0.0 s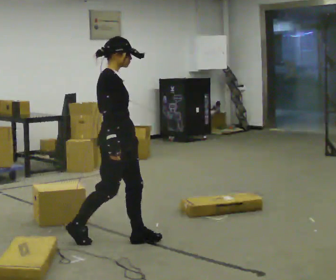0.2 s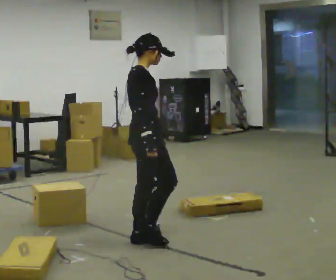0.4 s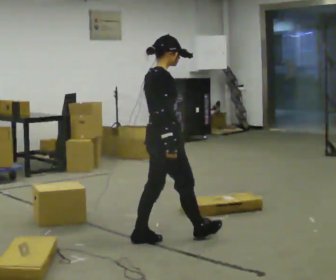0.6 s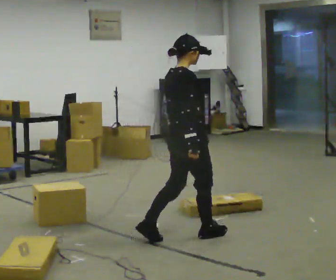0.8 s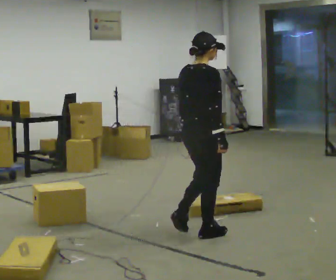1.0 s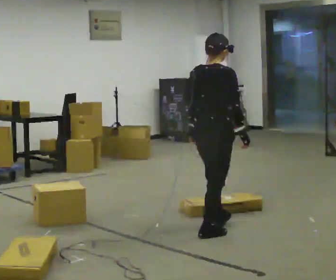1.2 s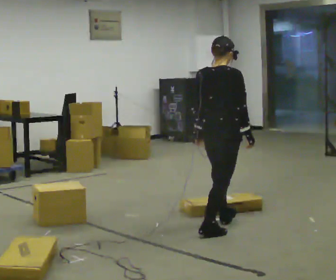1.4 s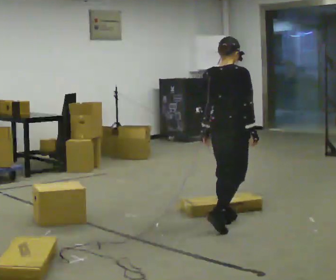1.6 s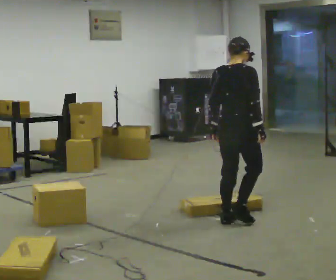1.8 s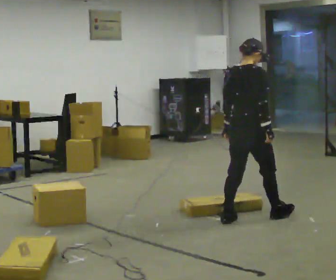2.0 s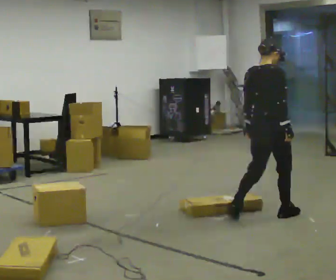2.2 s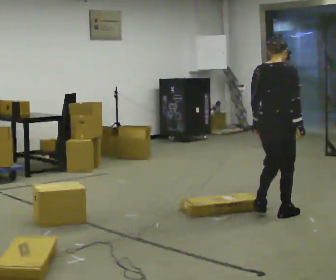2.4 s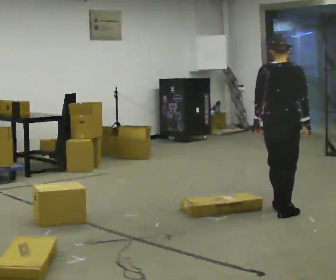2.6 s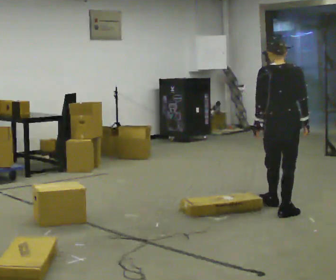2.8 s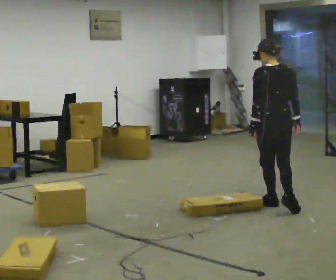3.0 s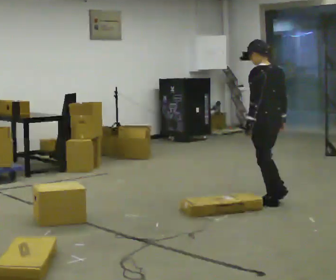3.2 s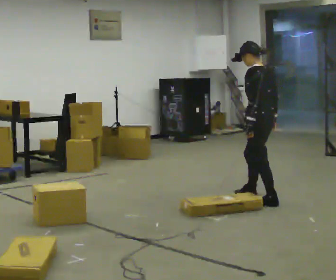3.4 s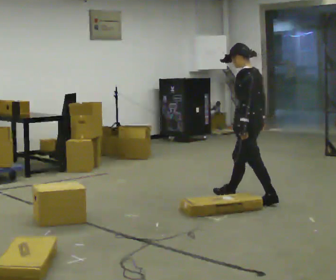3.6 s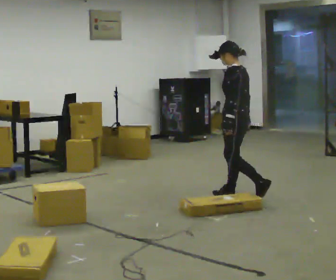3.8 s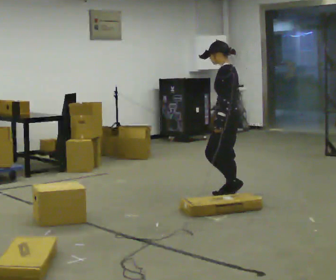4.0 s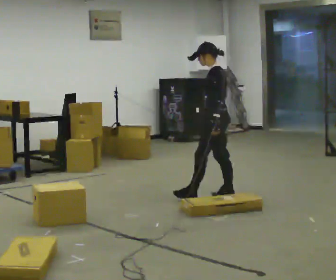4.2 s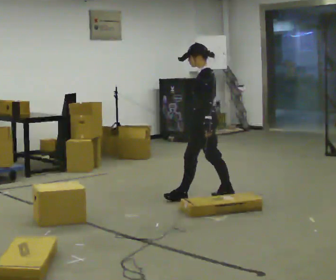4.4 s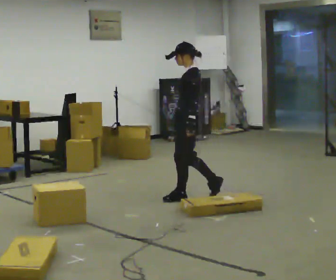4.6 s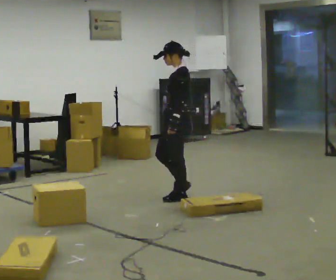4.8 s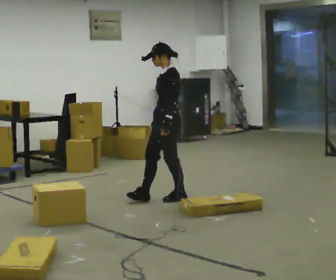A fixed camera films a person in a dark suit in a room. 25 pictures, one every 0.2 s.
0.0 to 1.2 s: Seen from above the body turns counterclockwise, about 45 degrees: to their left, with its near side sliding to the right. In the picture they go to the right and away from the camera, about 1 m in 2 steps, which for them is forward.
1.2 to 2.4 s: In the picture they go to the right and away from the camera, about 0.75 m in 1 step, which for them is forward.
2.4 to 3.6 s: The person turns about 90 degrees to their left, counterclockwise seen from above, so the part of the body nearest the lens slides to the right. In the picture they go away from the camera and to the left, about 0.5 m in 2 steps.
3.6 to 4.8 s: The part of the body nearest the lens slides to the right as the person turns to their left by about 30 degrees. In the picture they go to the left, about 0.75 m in 1 step, which for them is forward.
The film runs forward here.
